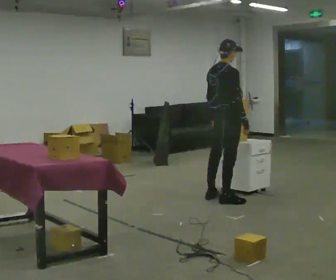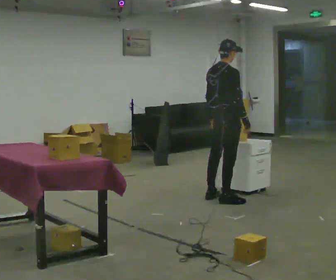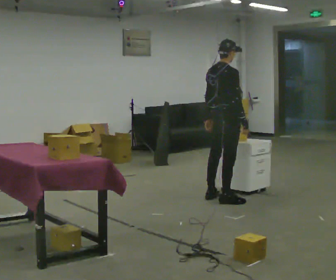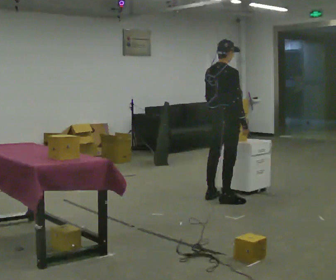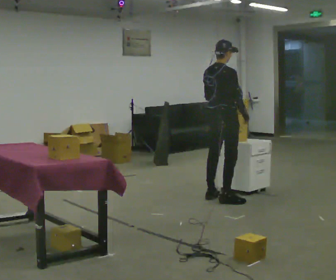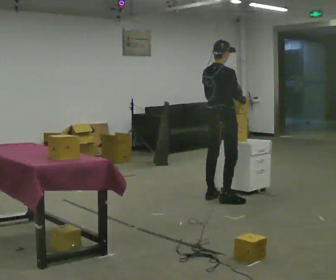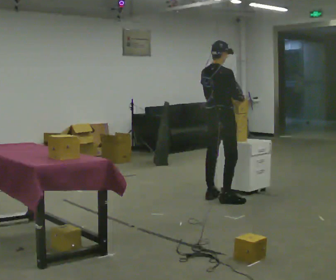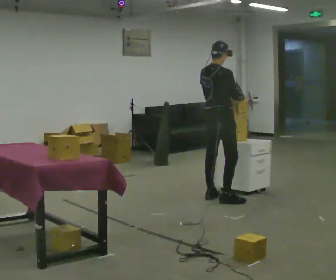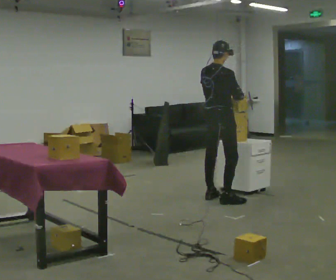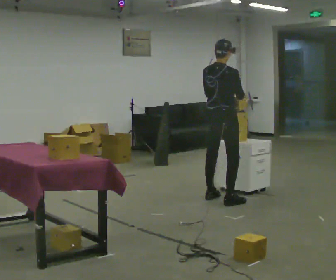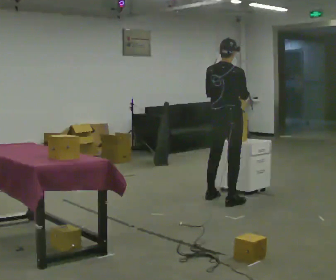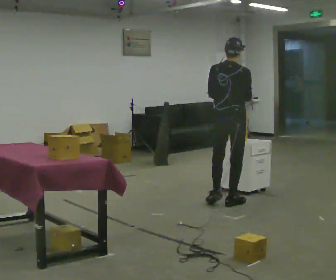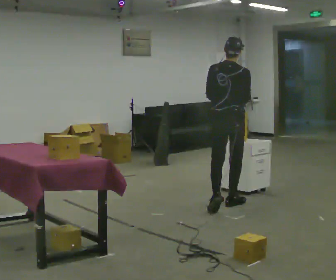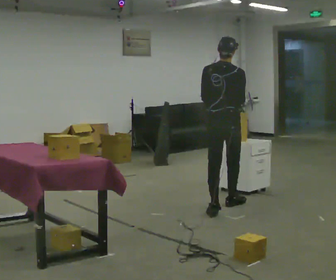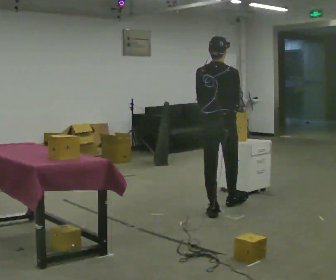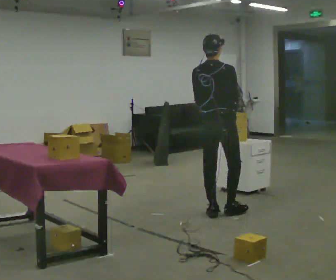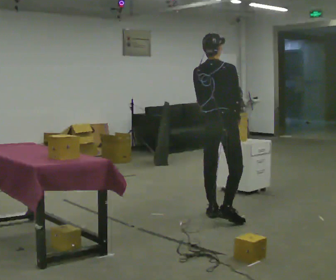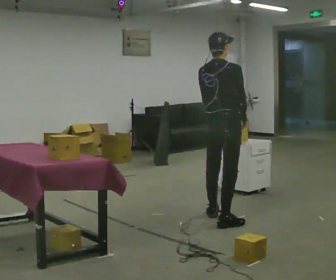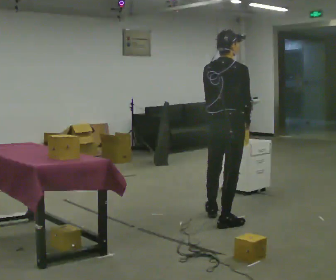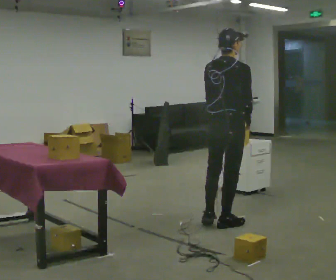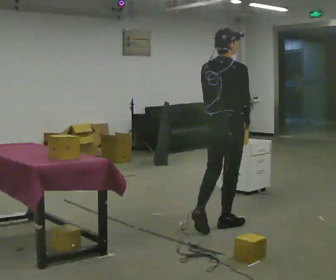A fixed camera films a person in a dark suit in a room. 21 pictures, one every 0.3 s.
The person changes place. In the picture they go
toward the camera.
0.0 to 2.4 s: The person moves a little, or ends about where they began.
2.4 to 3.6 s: The part of the body nearest the lens slides to the right as the person turns to their left by about 30 degrees. In the picture they go toward the camera, about 0.5 m in 1 step, which for them is backward and to their right.
3.6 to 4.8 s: In the picture they go toward the camera, about 0.5 m in 1 step, which for them is backward.
4.8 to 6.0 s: In the picture they go toward the camera, about 0.5 m in 1 step, which for them is backward and to their right.
The film runs backward here.
